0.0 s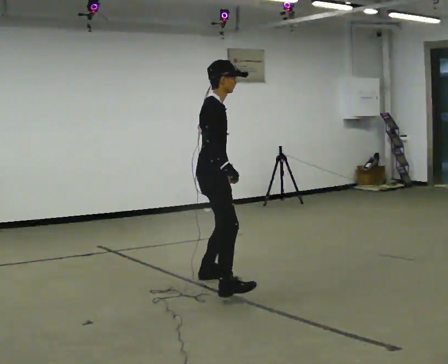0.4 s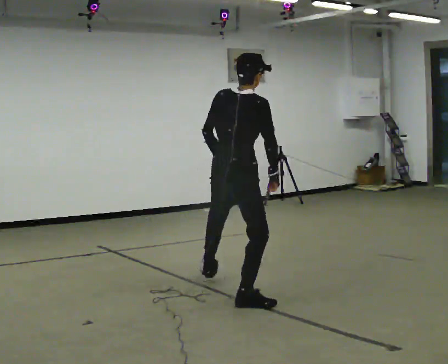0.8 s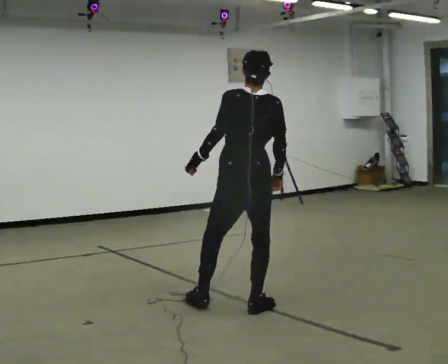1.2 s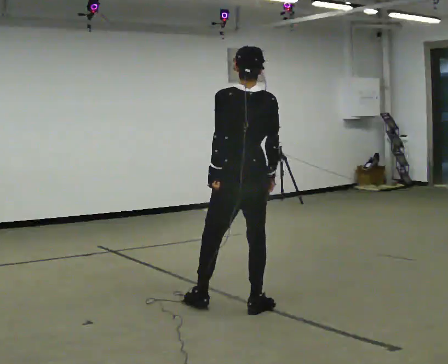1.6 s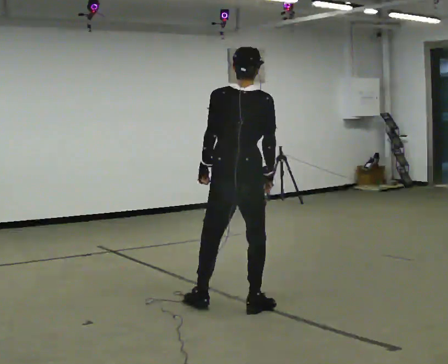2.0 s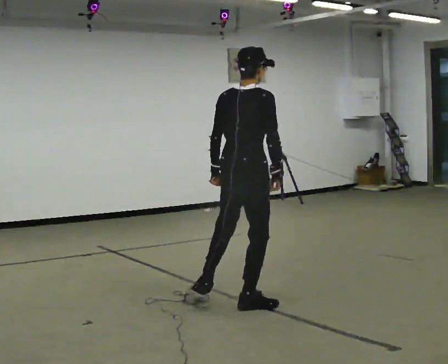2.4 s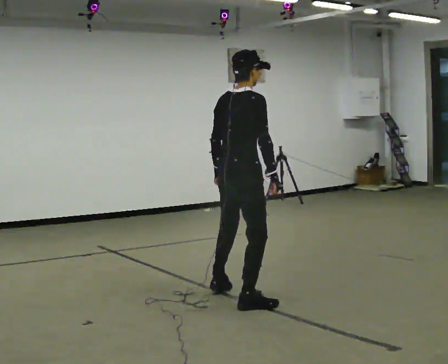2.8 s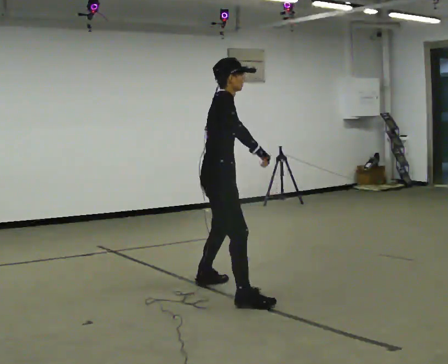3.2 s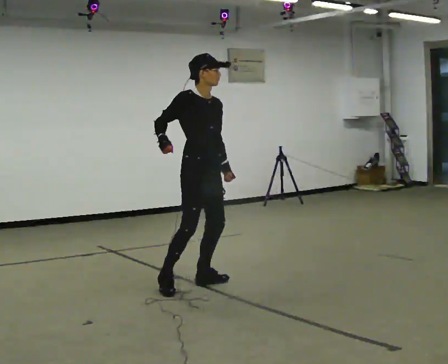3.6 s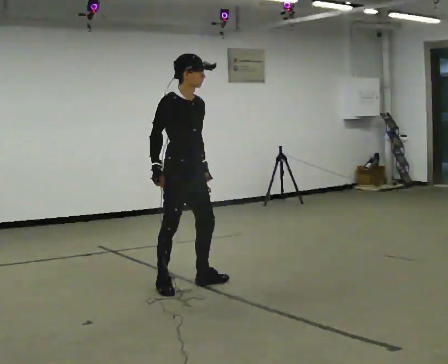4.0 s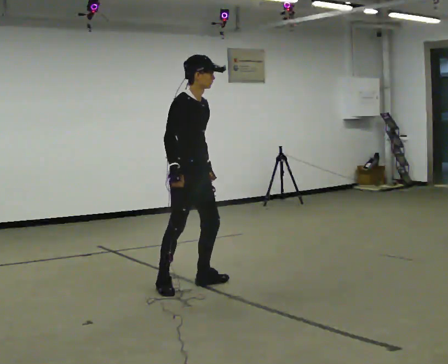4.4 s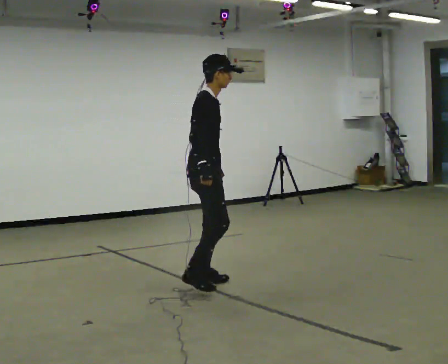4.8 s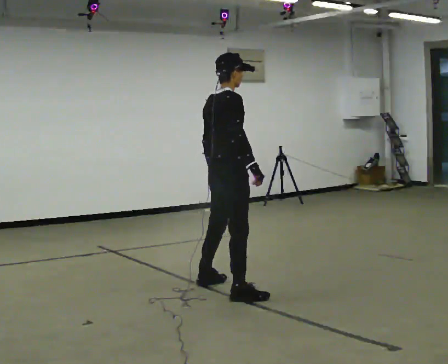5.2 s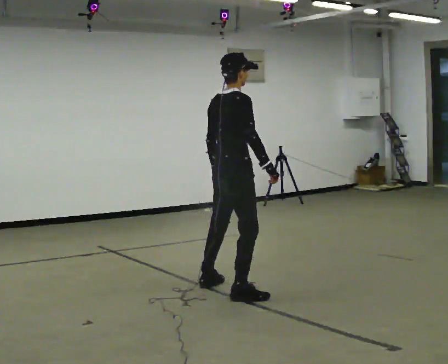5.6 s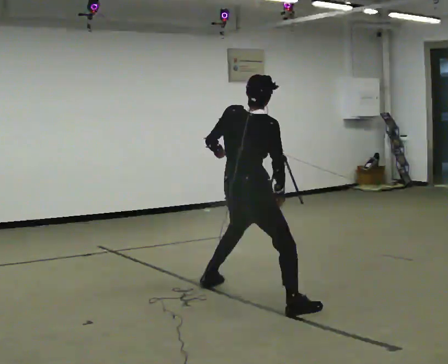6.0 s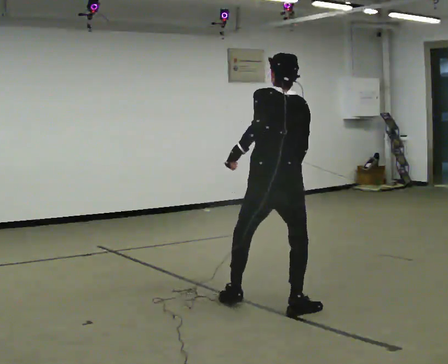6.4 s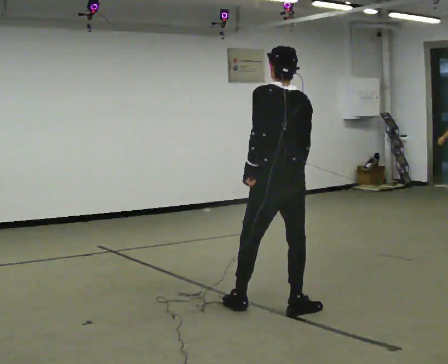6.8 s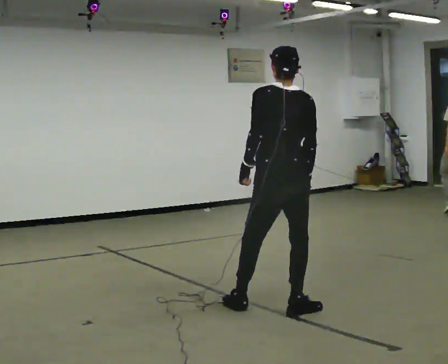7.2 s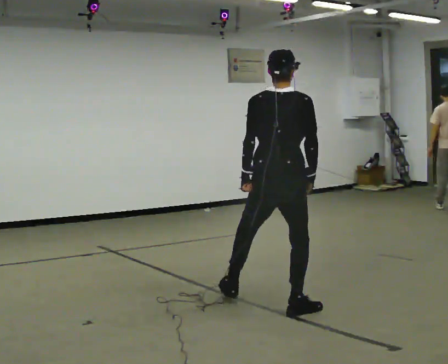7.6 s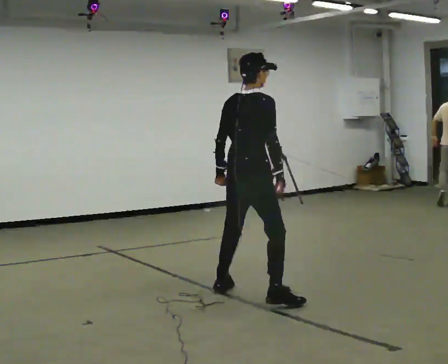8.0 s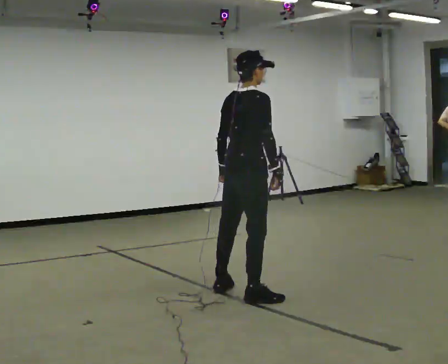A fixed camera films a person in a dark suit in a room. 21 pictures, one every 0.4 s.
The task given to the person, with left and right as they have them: Move around the room freely as if avoiding someone: change speed and direction whenever you like. Keep moving until the operator says stop.
0.0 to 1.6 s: Seen from above the body turns counterclockwise, about 75 degrees: to their left, with its near side sliding to the right. In the picture they go toward the camera, about 0.5 m in 3 steps.
1.6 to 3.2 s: Seen from above the body turns clockwise, about 120 degrees: to their right, with its near side sliding to the left. In the picture they go away from the camera and to the left, about 0.5 m in 2 steps.
3.2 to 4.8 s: Seen from above the body turns counterclockwise, about 75 degrees: to their left, with its near side sliding to the right. In the picture they go to the right and toward the camera, about 0.25 m in 2 steps.
4.8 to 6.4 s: The person turns about 75 degrees to their left, counterclockwise seen from above, so the part of the body nearest the lens slides to the right. In the picture they go toward the camera and to the right, about 0.5 m in 2 steps.
6.4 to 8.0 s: Seen from above the body turns clockwise, about 60 degrees: to their right, with its near side sliding to the left. In the picture they go away from the camera and to the left, about 0.5 m in 2 steps.
The film runs forward here.
